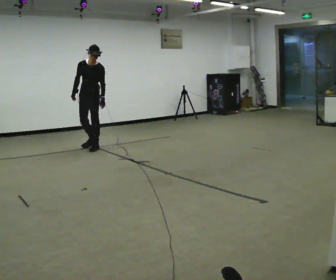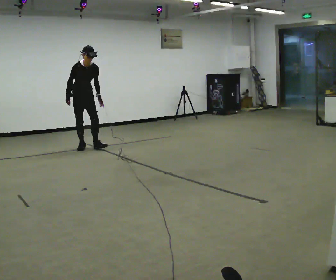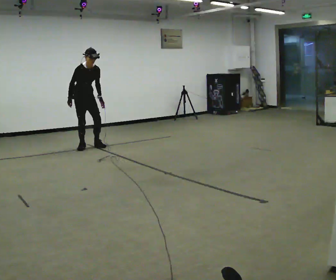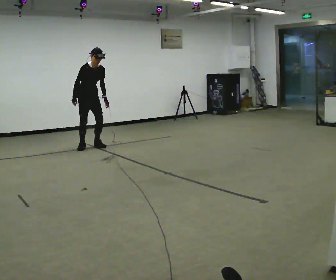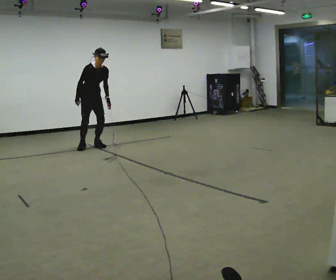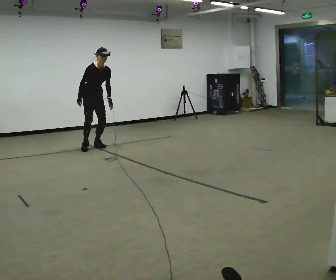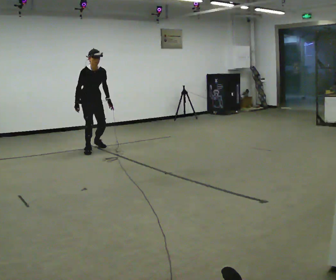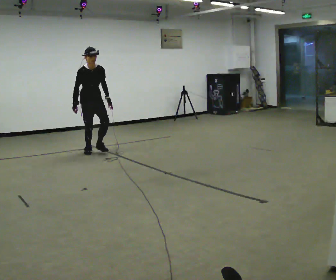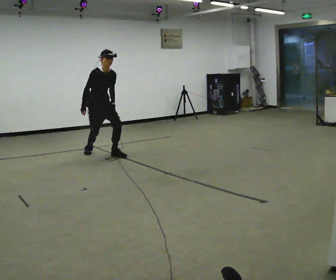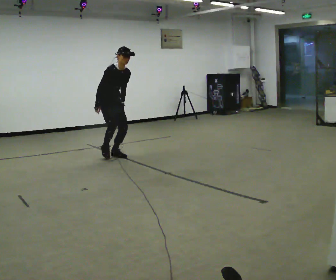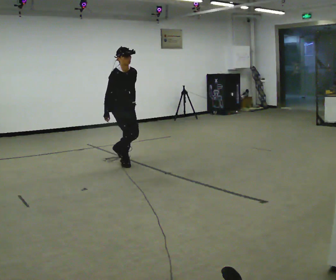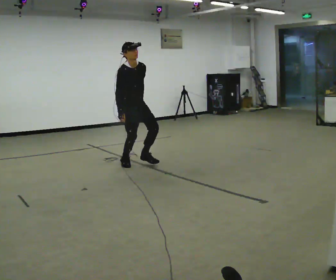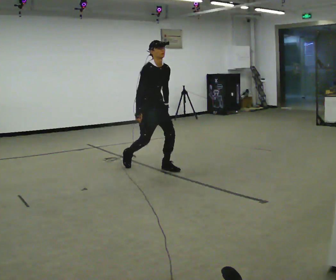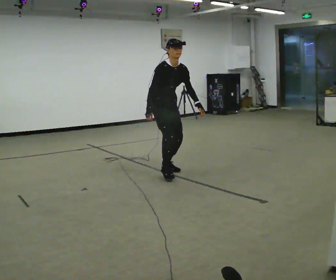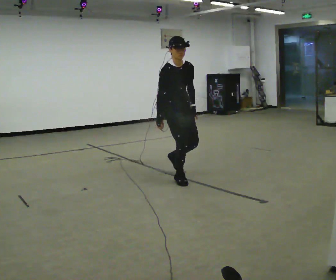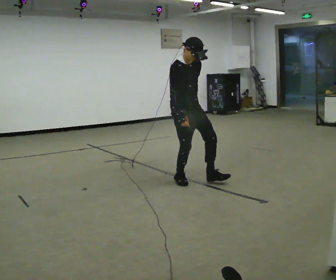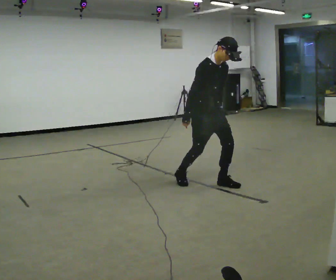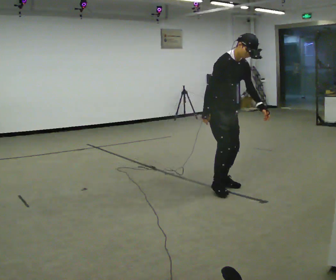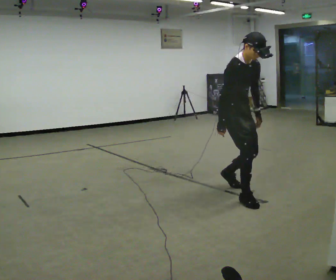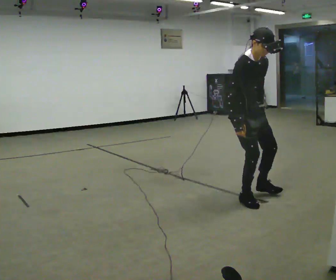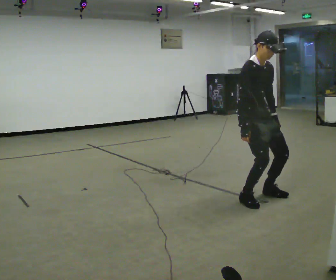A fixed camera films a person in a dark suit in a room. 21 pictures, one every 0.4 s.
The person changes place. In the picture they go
toward the camera.
0.0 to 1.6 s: The part of the body nearest the lens slides to the right as the person turns to their left by about 45 degrees. In the picture the upper body tilts clockwise, shoulders to the right.
1.6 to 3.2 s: In the picture they go toward the camera, about 0.75 m in 2 steps, which for them is forward.
3.2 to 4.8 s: In the picture they go toward the camera and to the right, about 1 m in 2 steps, which for them is forward.
4.8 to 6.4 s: In the picture they go toward the camera and to the right, about 1 m in 2 steps, which for them is forward.
6.4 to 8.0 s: In the picture they go toward the camera and to the right, about 0.75 m in 2 steps, which for them is forward.
The film runs forward here.
